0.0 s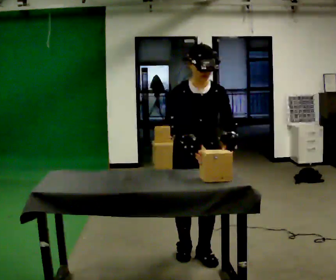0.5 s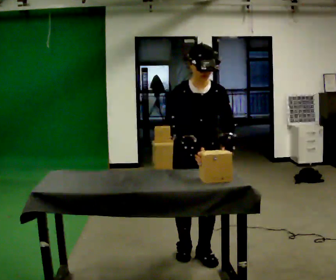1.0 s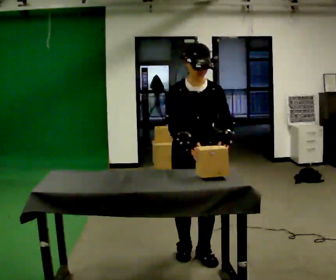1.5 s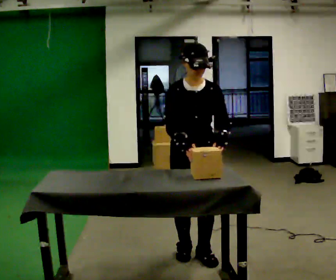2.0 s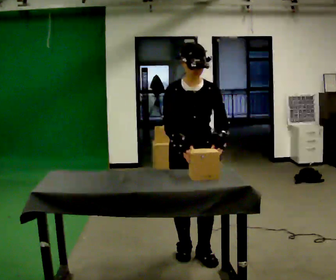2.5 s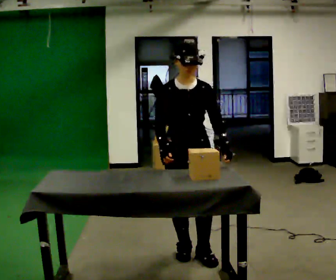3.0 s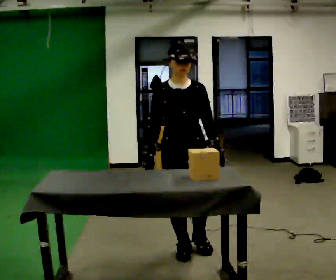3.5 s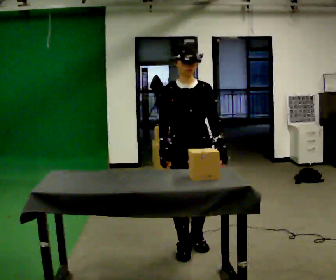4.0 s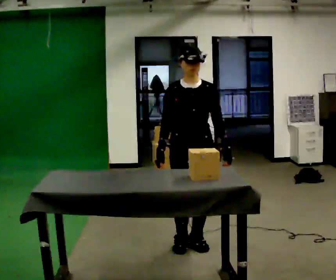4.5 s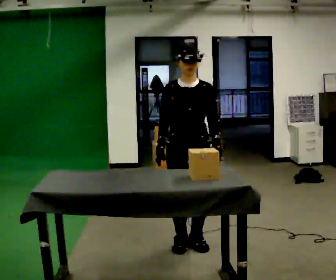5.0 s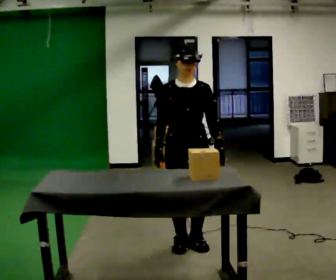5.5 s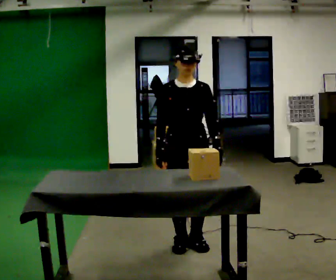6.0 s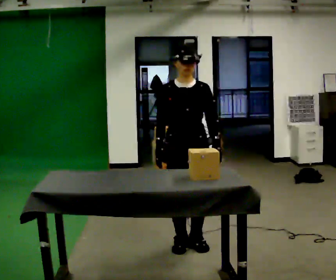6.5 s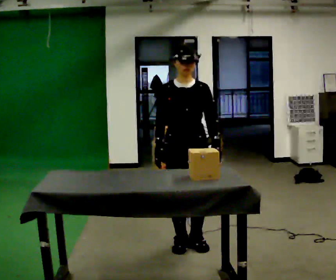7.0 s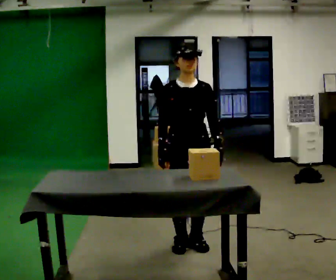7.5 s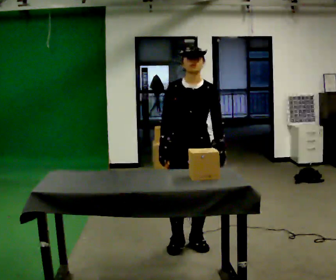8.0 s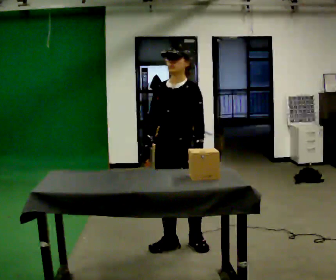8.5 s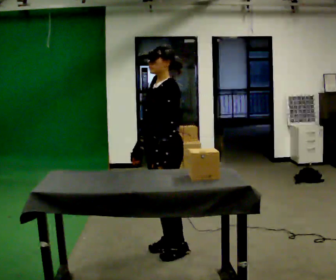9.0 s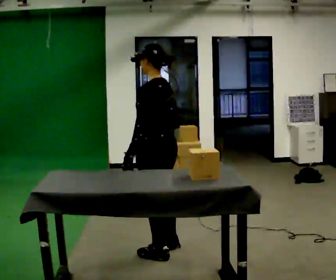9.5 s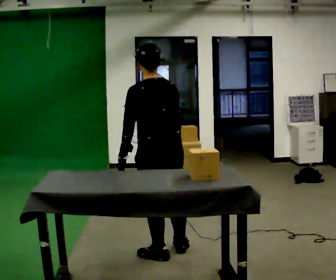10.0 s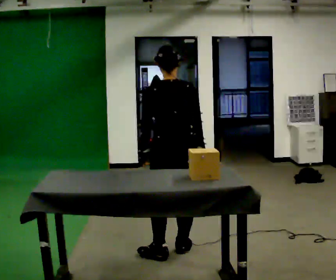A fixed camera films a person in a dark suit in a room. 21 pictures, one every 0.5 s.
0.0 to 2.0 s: The person moves a little, or ends about where they began.
2.0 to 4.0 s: In the picture they go away from the camera, about 0.25 m in 1 step, which for them is backward.
4.0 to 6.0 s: The person moves a little, or ends about where they began.
6.0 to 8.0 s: Seen from above the body turns clockwise, about 30 degrees: to their right, with its near side sliding to the left.
8.0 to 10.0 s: The person turns about 150 degrees to their right, clockwise seen from above, so the part of the body nearest the lens slides to the left. In the picture their left hand goes to the left.
The film runs forward here.
